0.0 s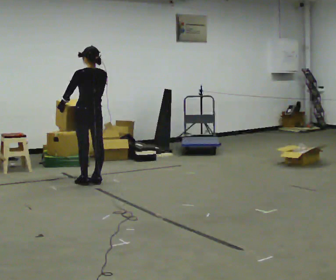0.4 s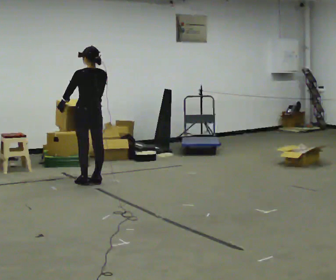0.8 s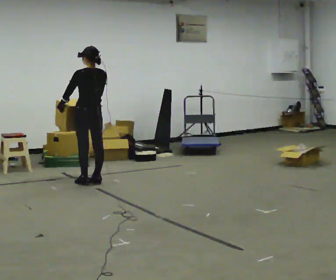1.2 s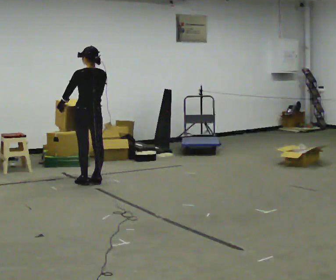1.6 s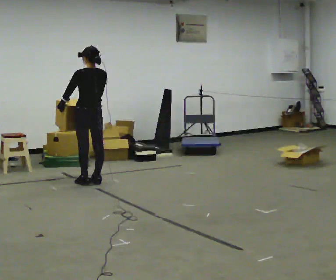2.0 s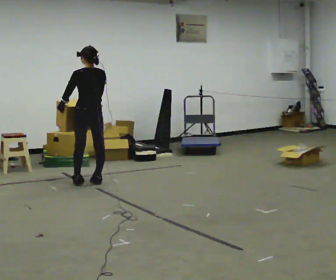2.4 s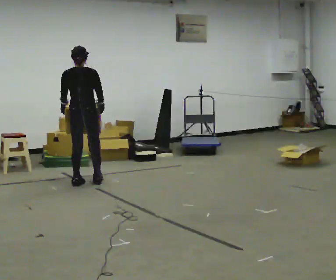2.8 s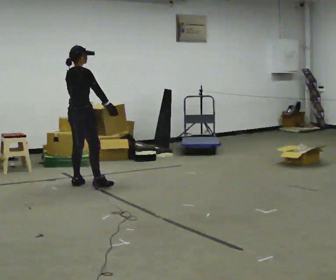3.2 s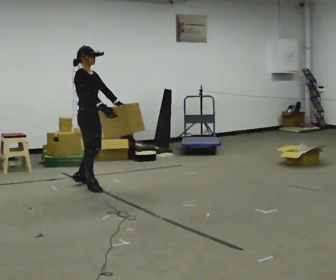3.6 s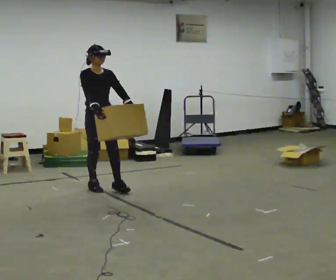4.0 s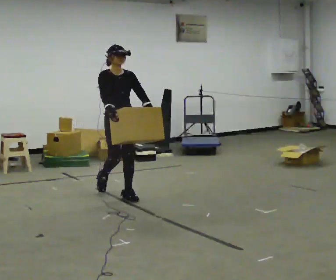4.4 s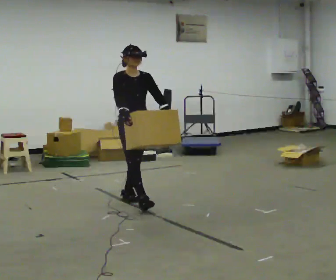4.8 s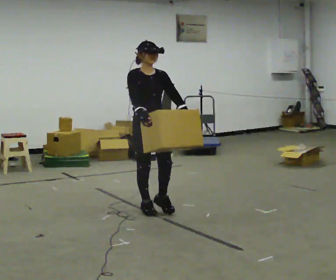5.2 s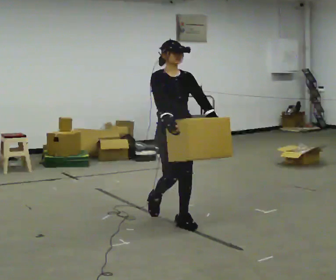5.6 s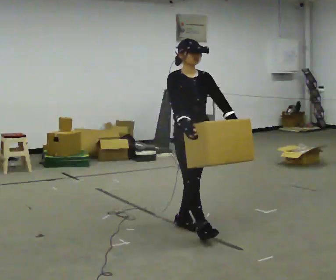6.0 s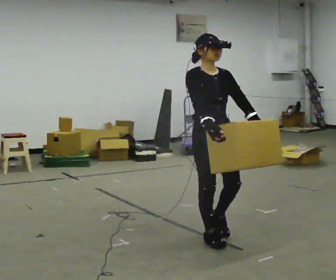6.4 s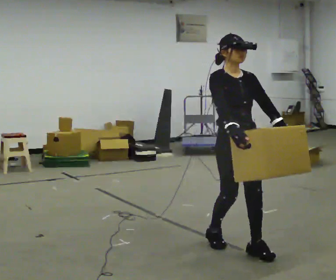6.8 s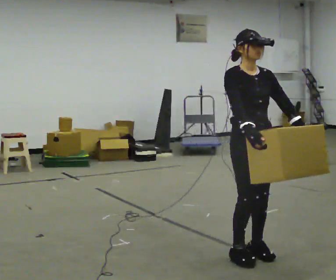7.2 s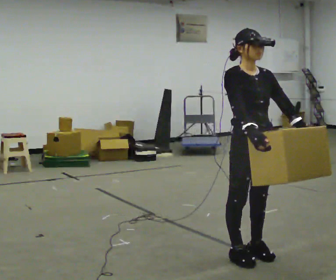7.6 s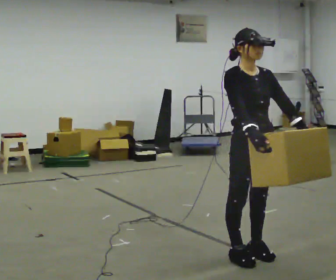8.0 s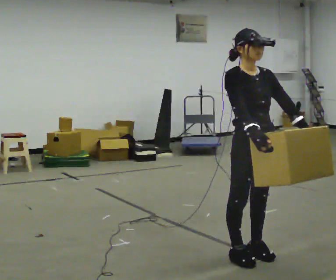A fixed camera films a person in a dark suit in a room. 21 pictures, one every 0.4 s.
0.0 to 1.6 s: The person keeps their place and pose.
1.6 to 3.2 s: The person turns about 135 degrees to their right, clockwise seen from above, so the part of the body nearest the lens slides to the left. In the picture they go toward the camera, about 0.25 m in 1 step.
3.2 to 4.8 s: The part of the body nearest the lens slides to the left as the person turns to their right by about 45 degrees. In the picture they go toward the camera and to the right, about 1 m in 2 steps, which for them is forward.
4.8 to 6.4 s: In the picture they go toward the camera and to the right, about 1 m in 3 steps, which for them is forward.
6.4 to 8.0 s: In the picture they go toward the camera, about 0.25 m in 1 step, which for them is forward.
The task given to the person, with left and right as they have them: Carry the heavy box in both hands in front of you, walking back and forth across the room. Keep walking until the operator says stop. Set it down if you need a rest.
The film runs forward here.
